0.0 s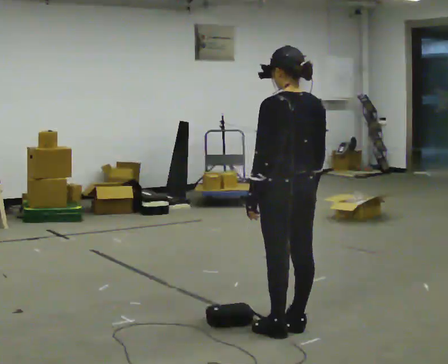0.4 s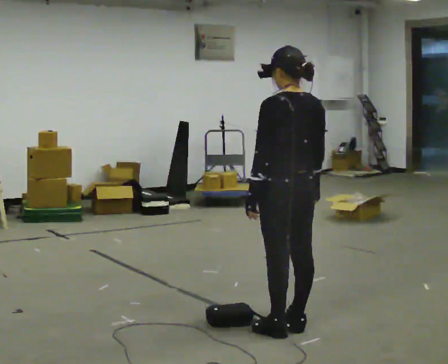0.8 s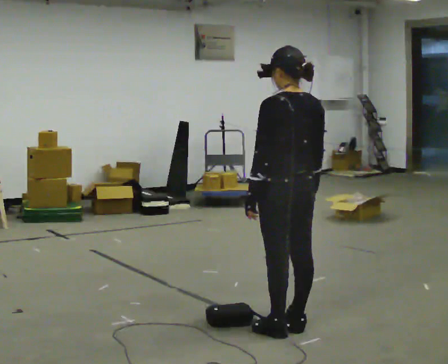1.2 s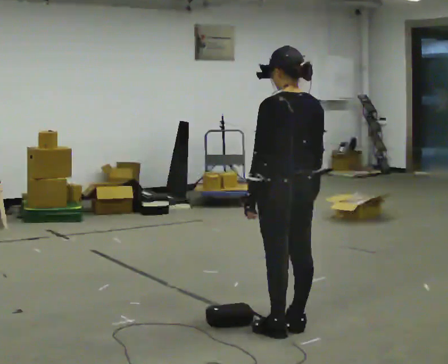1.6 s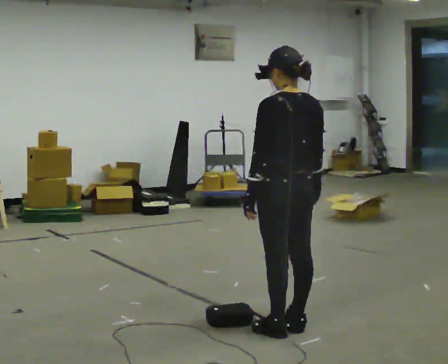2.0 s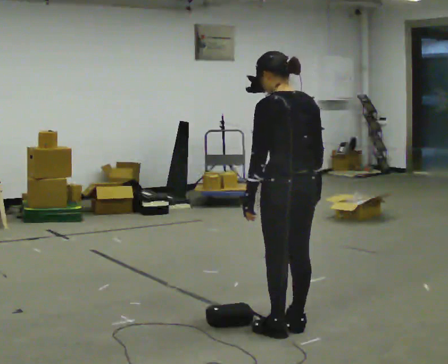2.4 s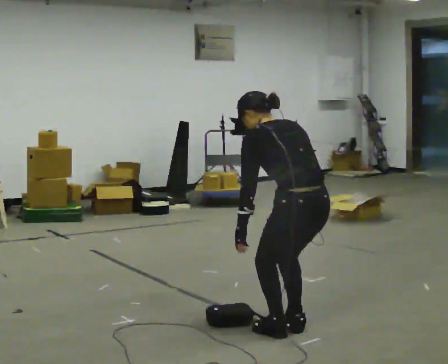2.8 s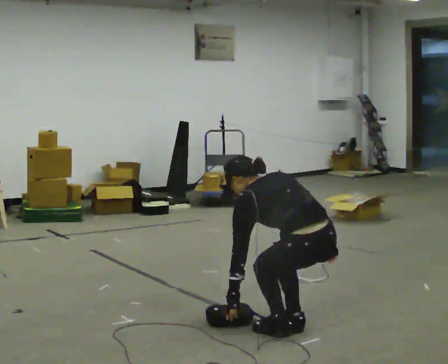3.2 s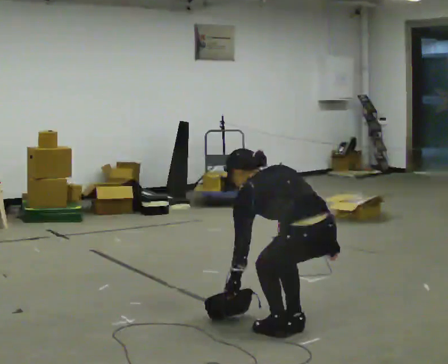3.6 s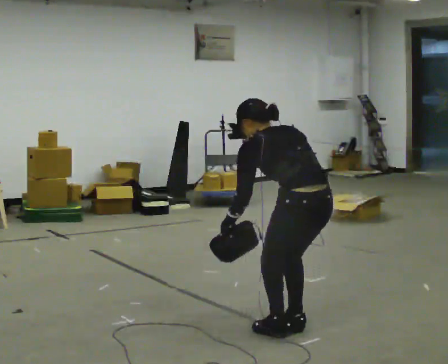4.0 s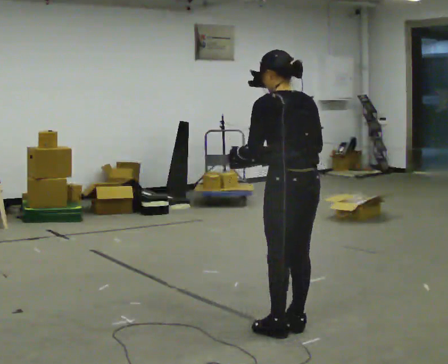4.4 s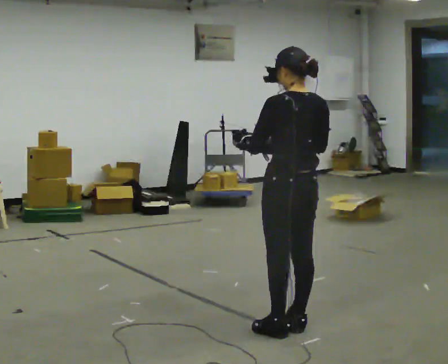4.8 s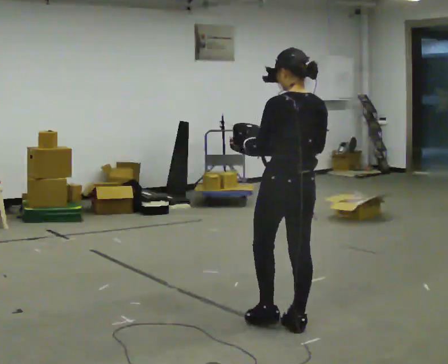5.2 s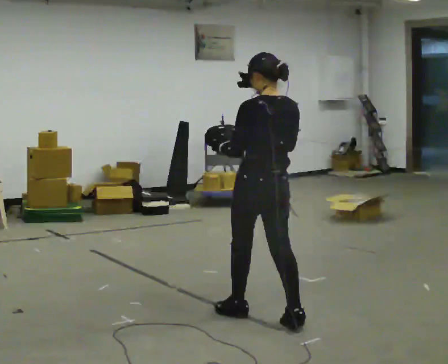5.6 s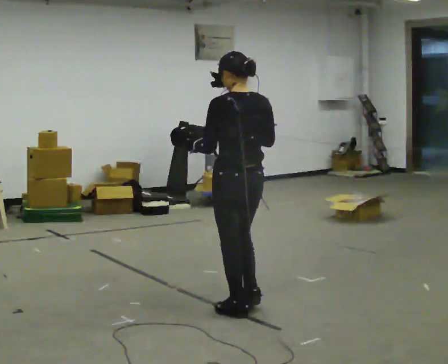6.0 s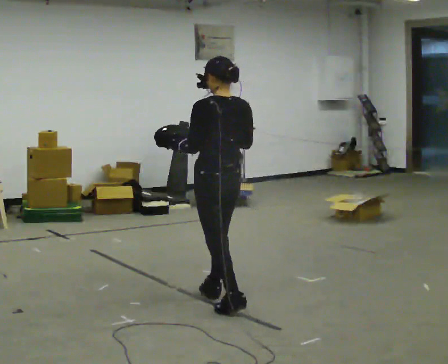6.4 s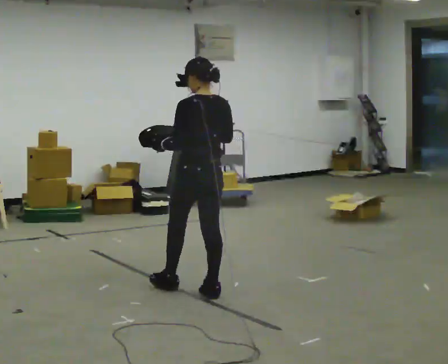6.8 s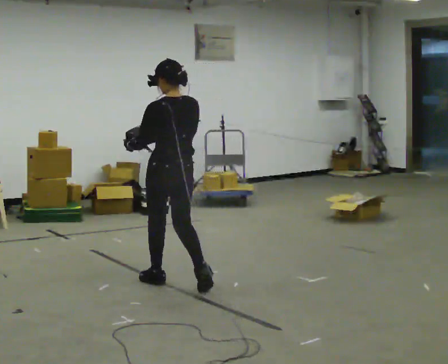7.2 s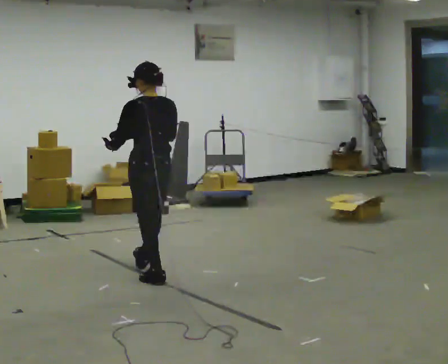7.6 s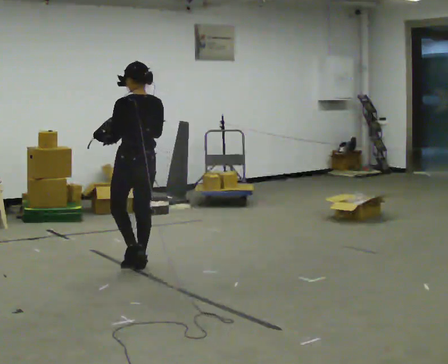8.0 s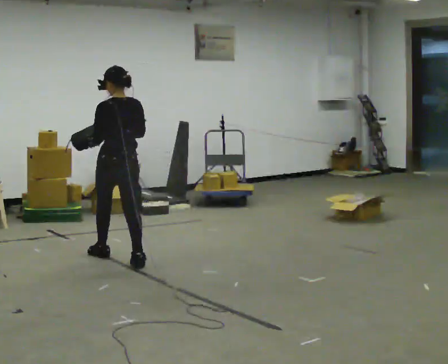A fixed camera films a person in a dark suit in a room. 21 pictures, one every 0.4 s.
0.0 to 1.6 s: The person moves a little, or ends about where they began.
1.6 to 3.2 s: The shoulders move downward. In the picture the upper body tilts counterclockwise, shoulders to the left, as they bend forward. In the picture their right hand goes downward.
3.2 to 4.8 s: The shoulders move upward. In the picture the upper body tilts clockwise, shoulders to the right, as they lean back or straighten. In the picture their right hand goes upward.
4.8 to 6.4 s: In the picture they go to the left and away from the camera, about 1 m in 2 steps, which for them is forward.
6.4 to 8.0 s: In the picture they go to the left and away from the camera, about 1 m in 3 steps, which for them is forward.
The film runs forward here.
